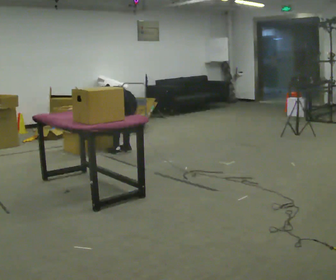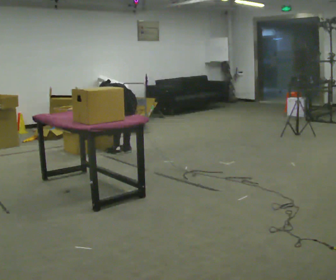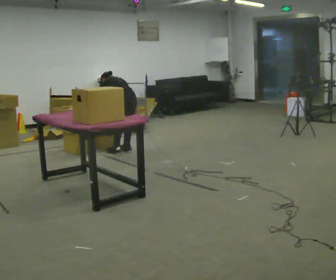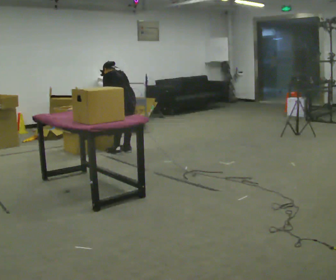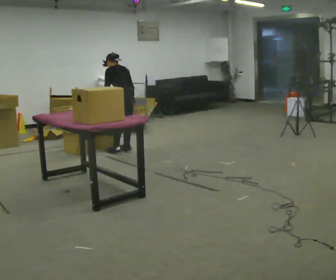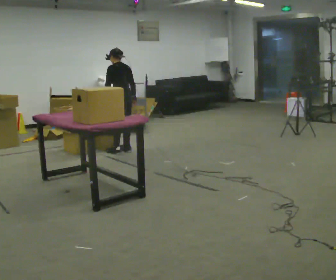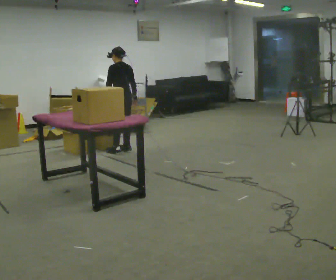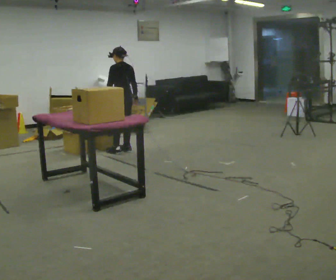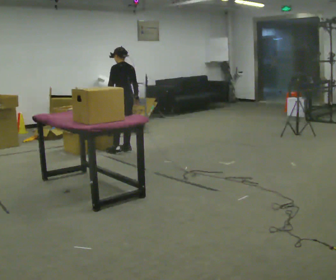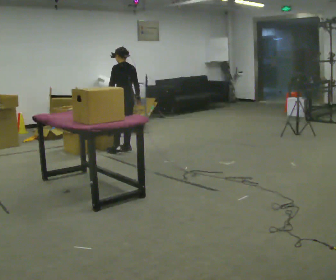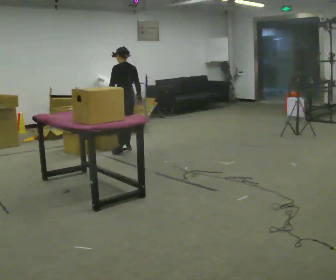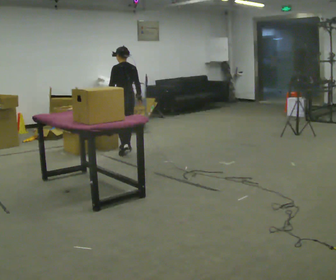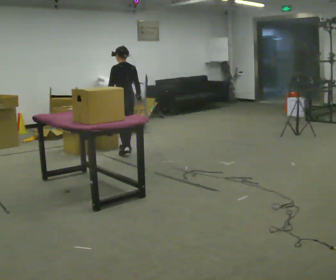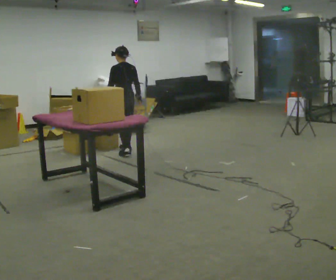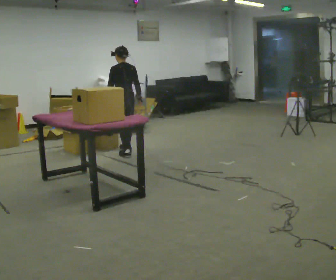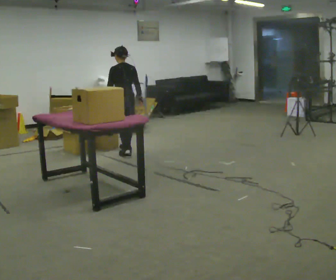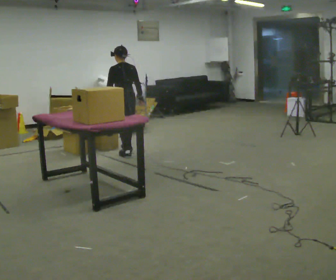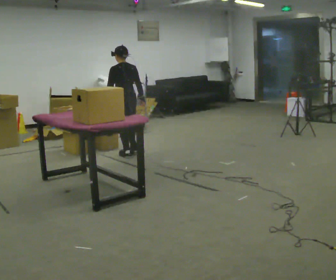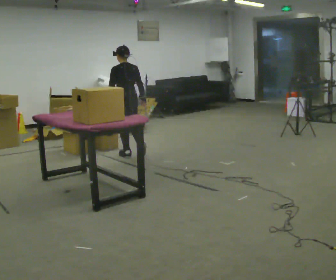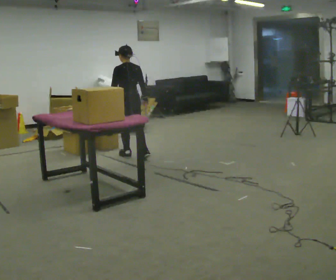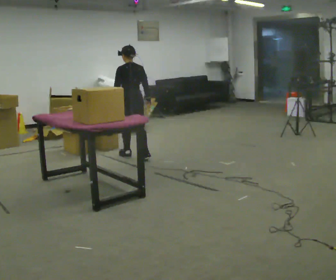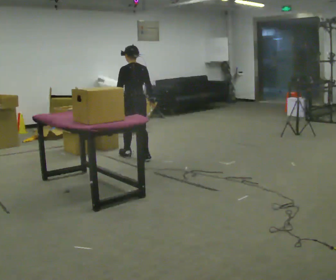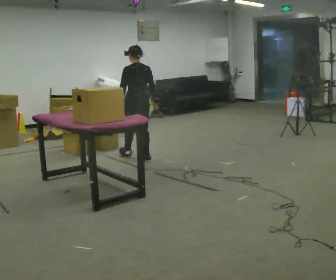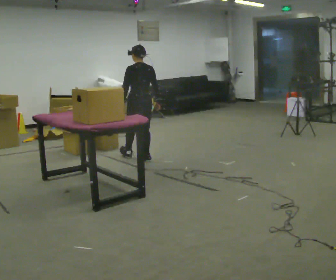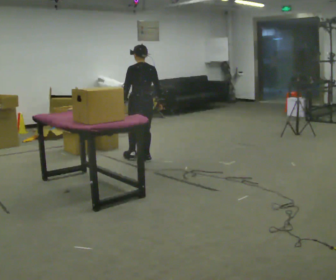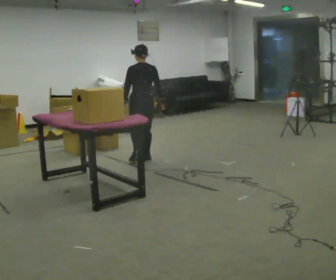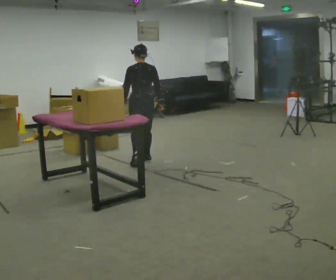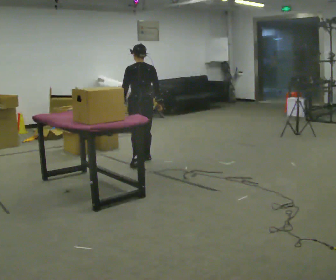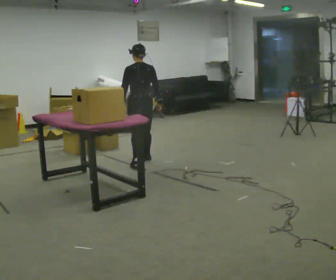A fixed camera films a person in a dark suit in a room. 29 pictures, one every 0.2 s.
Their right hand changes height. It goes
upward.
The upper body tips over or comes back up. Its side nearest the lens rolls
downward.
0.0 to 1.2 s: The shoulders move upward. The upper body tips toward the camera, its near side rolling downward, as they lean back or straighten. In the picture their right hand goes upward.
1.2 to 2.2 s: The person moves a little, or ends about where they began.
2.2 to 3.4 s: In the picture they go toward the camera, about 0.25 m in 1 step, which for them is backward and to their left.
3.4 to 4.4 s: In the picture they go toward the camera, about 0.25 m, which for them is backward.
4.4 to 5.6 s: In the picture they go toward the camera, about 0.25 m in 1 step, which for them is backward.
The film runs backward here.
